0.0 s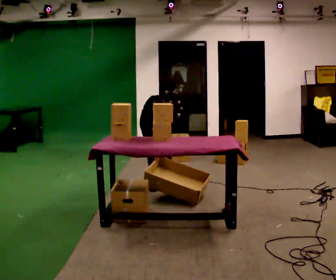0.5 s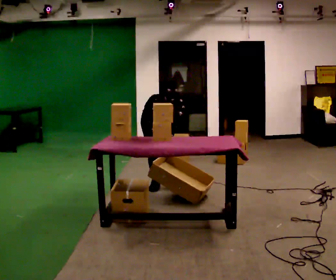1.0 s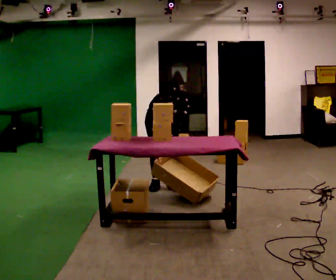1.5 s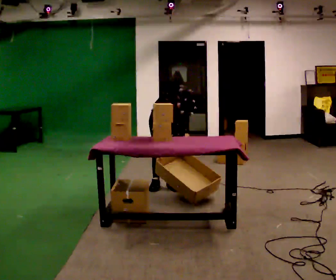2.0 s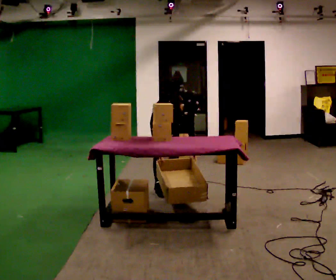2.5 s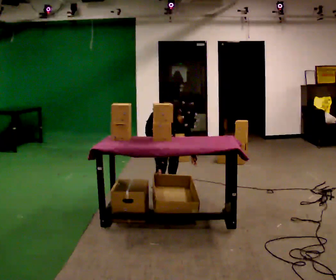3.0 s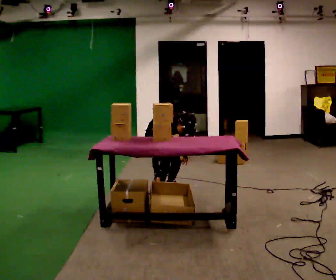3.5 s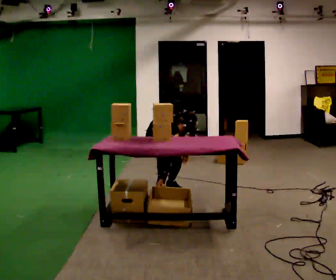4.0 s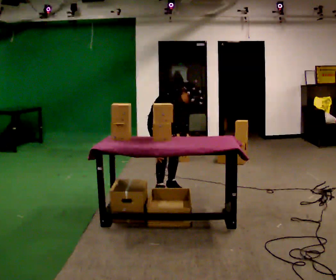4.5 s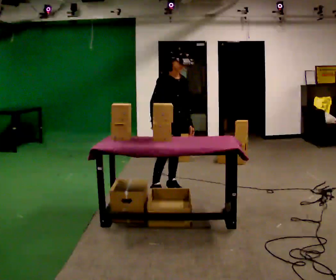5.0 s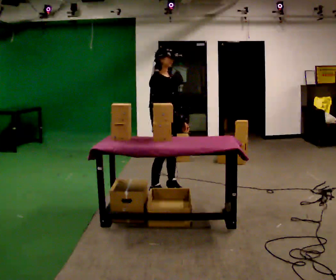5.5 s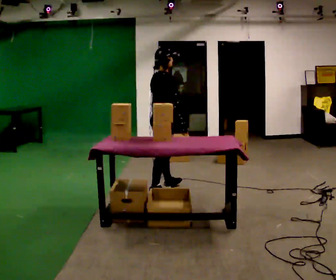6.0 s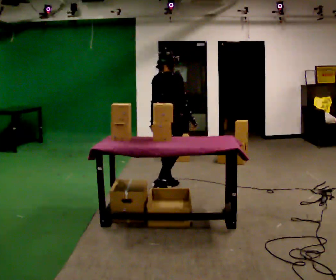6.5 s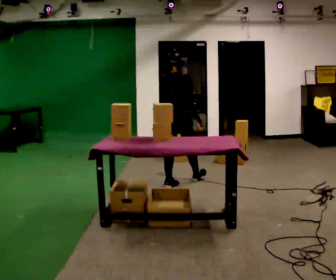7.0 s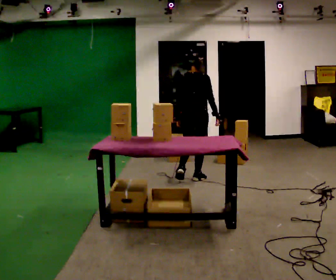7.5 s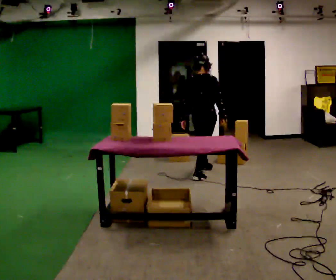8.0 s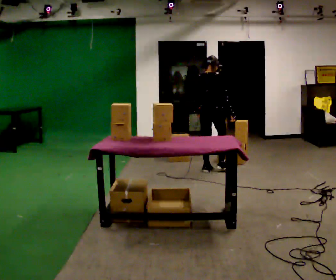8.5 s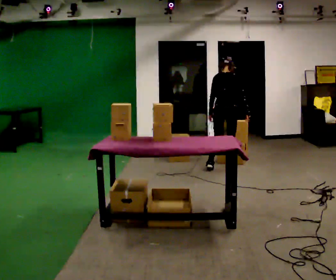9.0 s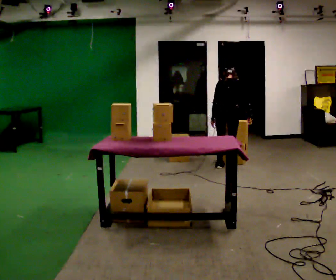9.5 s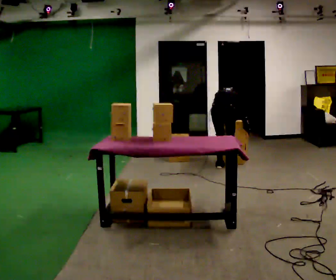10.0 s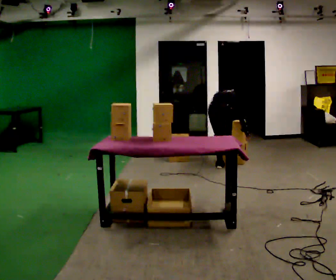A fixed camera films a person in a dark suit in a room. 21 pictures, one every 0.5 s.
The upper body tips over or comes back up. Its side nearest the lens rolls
upward.
0.0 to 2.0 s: In the picture their left hand goes to the right.
2.0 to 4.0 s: The person moves a little, or ends about where they began.
4.0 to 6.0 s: Seen from above the body turns counterclockwise, about 105 degrees: to their left, with its near side sliding to the right. The upper body goes upward. The upper body tips away from the camera, its near side rolling upward, as they lean back or straighten. In the picture their right hand goes to the right, the arm swinging counterclockwise.
6.0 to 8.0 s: In the picture they go away from the camera and to the right, about 1 m in 2 steps, which for them is forward.
8.0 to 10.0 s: The upper body goes downward. The upper body tips away from the camera, its near side rolling upward, as they bend forward. In the picture their left hand goes downward.
The film runs forward here.
